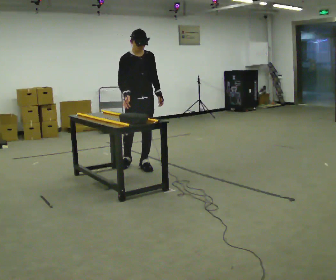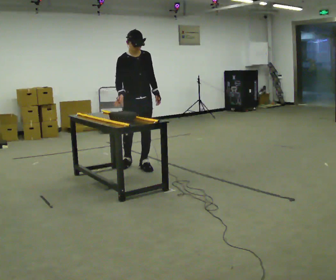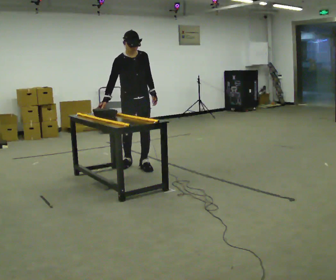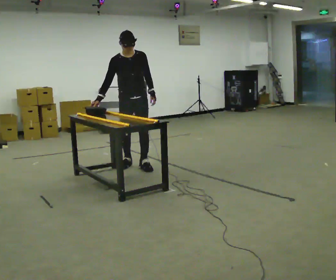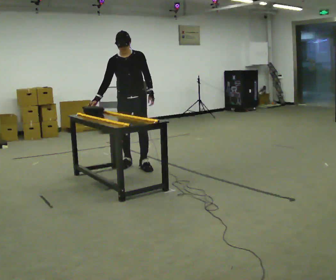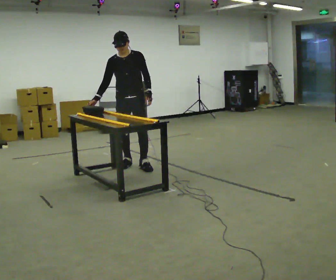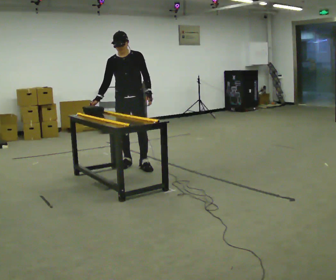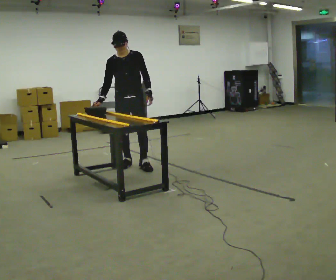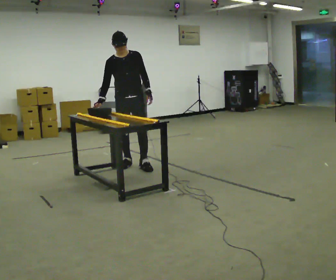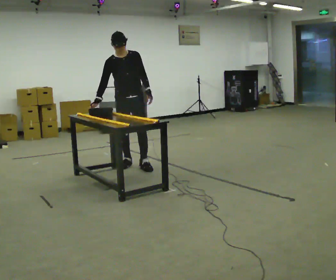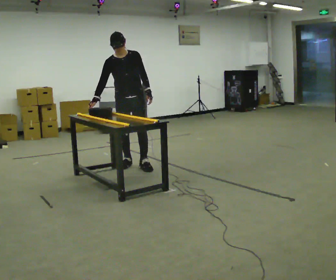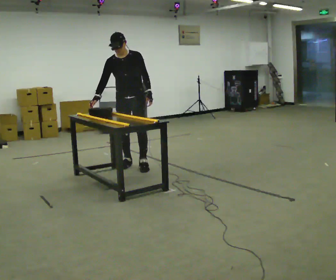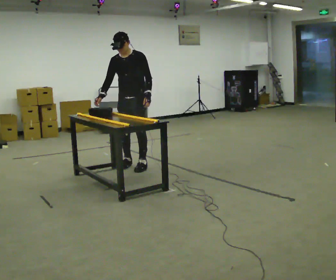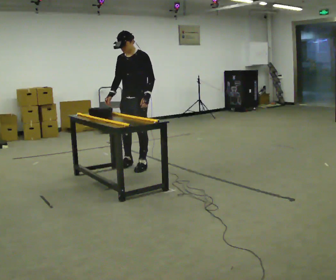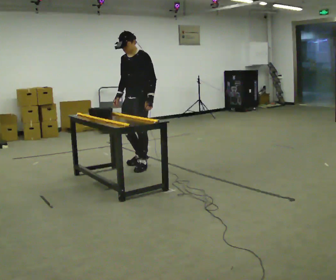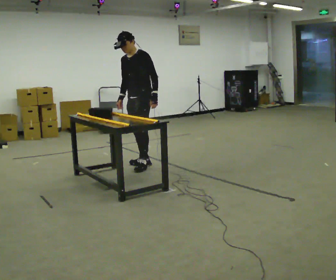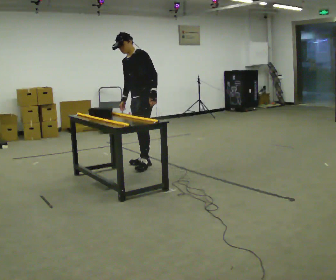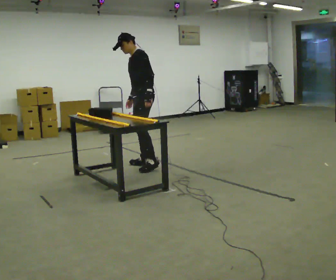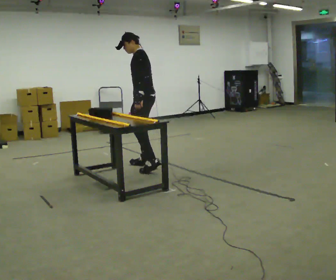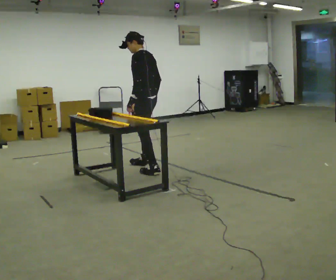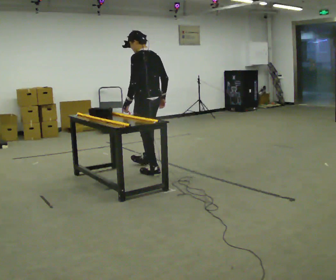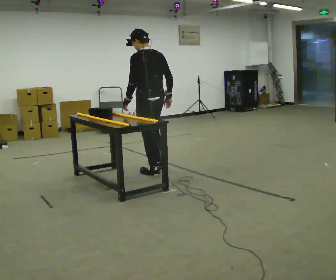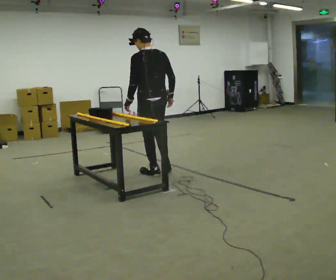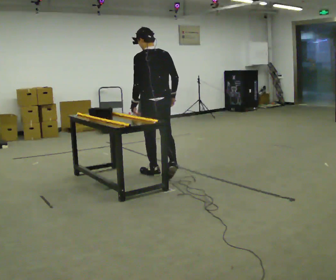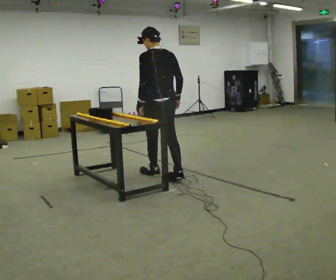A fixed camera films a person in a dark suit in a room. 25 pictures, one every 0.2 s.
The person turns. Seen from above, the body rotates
clockwise.
The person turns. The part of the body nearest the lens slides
to the left.
0.0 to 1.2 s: Seen from above the body turns clockwise, about 30 degrees: to their right, with its near side sliding to the left. In the picture their right hand goes to the left.
1.2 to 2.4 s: The person moves a little, or ends about where they began.
2.4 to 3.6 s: The part of the body nearest the lens slides to the left as the person turns to their right by about 75 degrees. In the picture they go to the right, about 0.25 m in 2 steps. The upper body tips away from the camera, its near side rolling upward. In the picture their right hand goes to the right.
3.6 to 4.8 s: The part of the body nearest the lens slides to the left as the person turns to their right by about 60 degrees. In the picture they go toward the camera, about 0.5 m in 1 step.
The film runs backward here.
